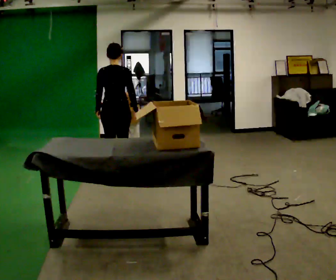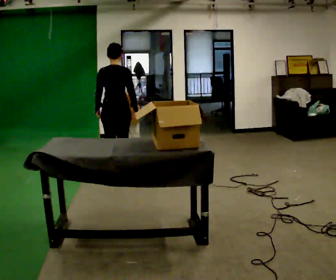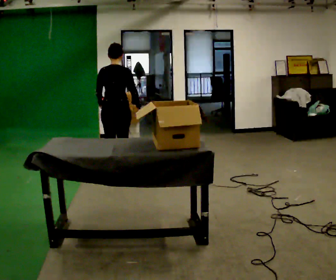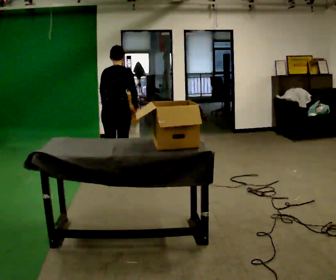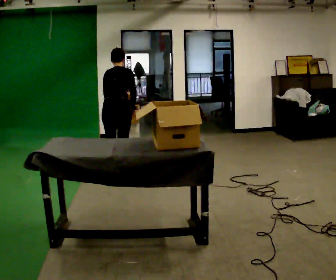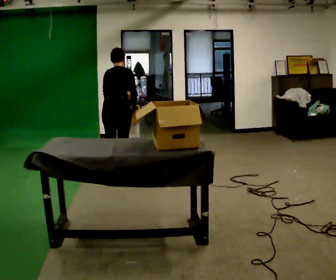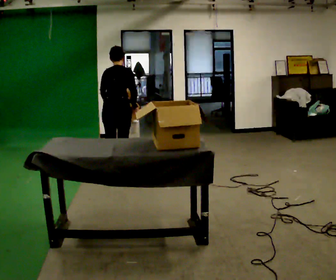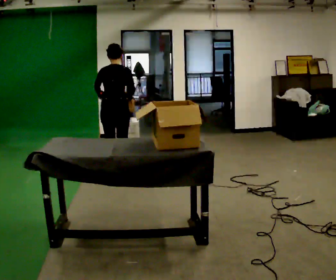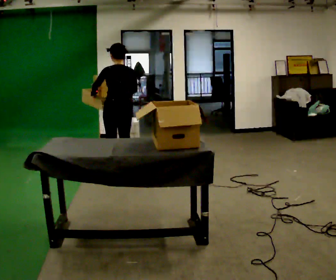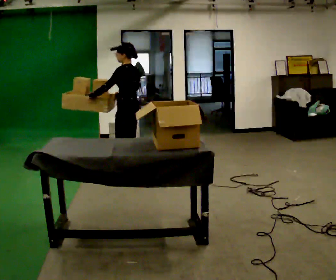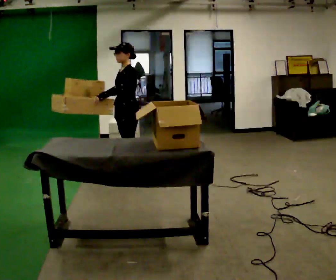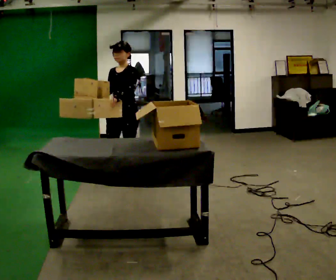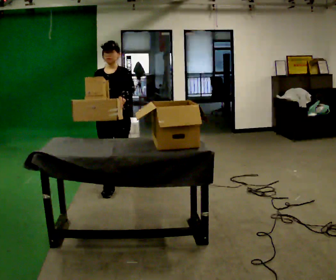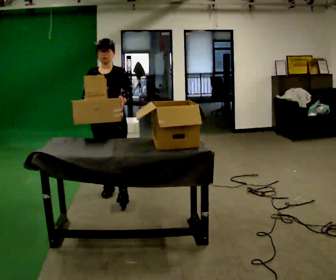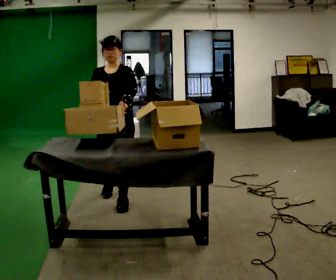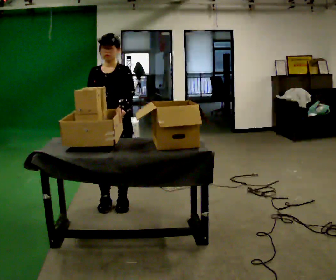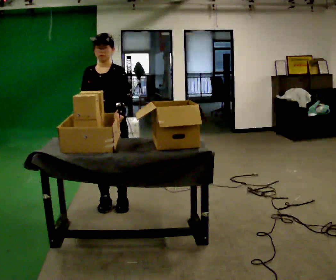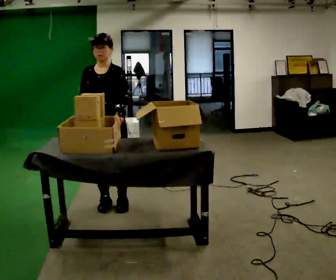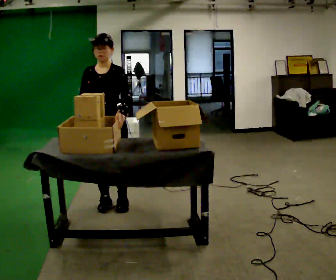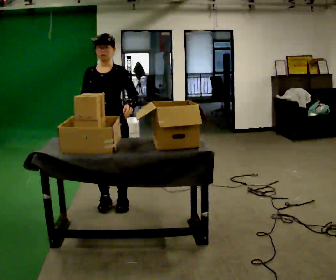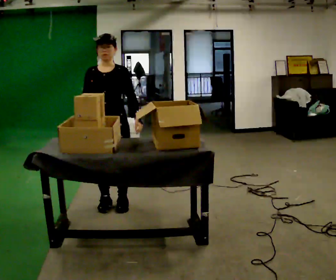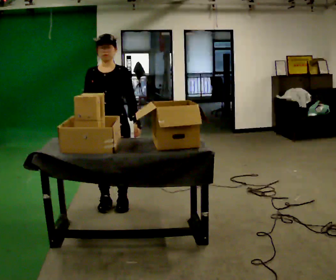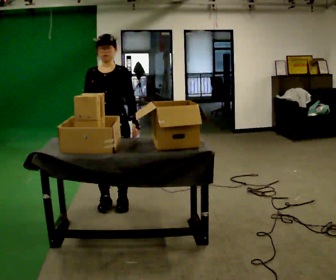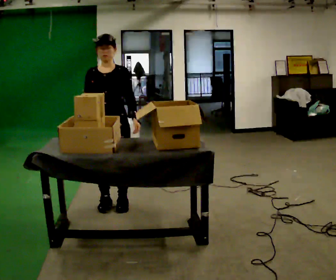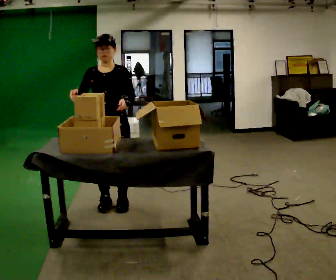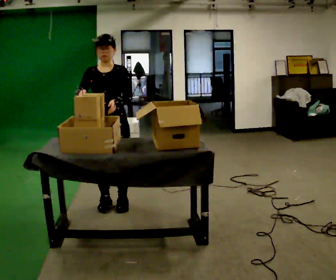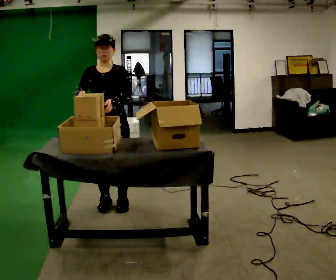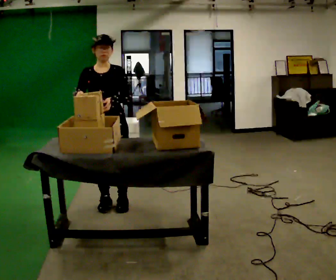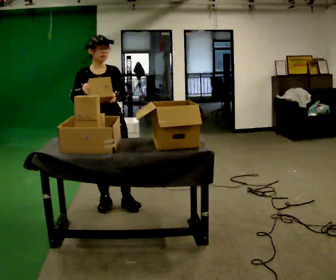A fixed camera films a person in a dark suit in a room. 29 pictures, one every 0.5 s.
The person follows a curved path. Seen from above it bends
clockwise.
The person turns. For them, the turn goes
to their left.
0.0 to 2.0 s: The upper body tips away from the camera, its near side rolling upward, as they bend forward.
2.0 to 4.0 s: Seen from above the body turns counterclockwise, about 30 degrees: to their left, with its near side sliding to the right. The upper body tips toward the camera, its near side rolling downward, as they lean back or straighten.
4.0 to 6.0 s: Seen from above the body turns counterclockwise, about 150 degrees: to their left, with its near side sliding to the right. In the picture they go toward the camera, about 0.5 m in 2 steps.
6.0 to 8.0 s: In the picture they go toward the camera, about 0.5 m in 2 steps, which for them is forward.
8.0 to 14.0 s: Seen from above the body turns counterclockwise, about 30 degrees: to their left, with its near side sliding to the right.
The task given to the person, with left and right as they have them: 1. Move everything from the second bin into the first bin. 2. Carry the empty bin to the shelf. 3. Carry the full bin to the table. 4. Tell the operator when you are finished.
The film runs forward here.
